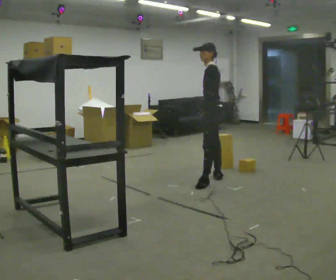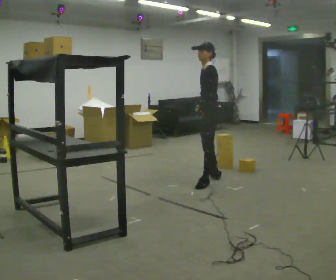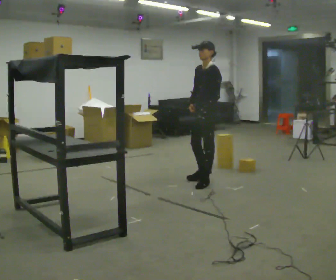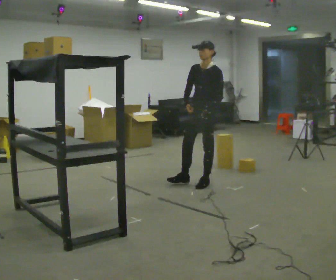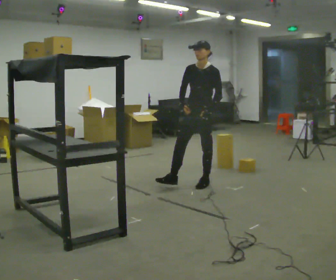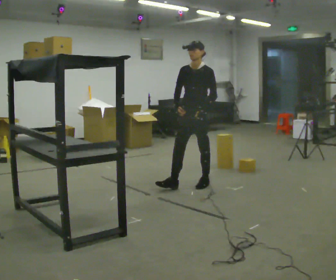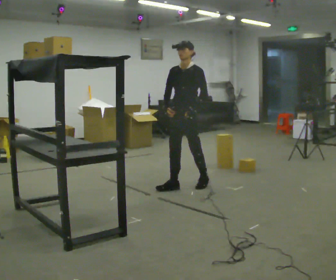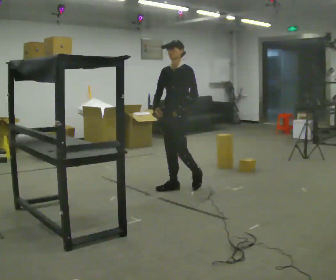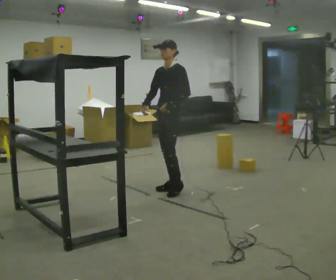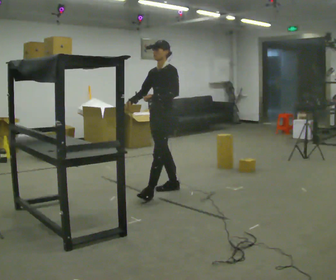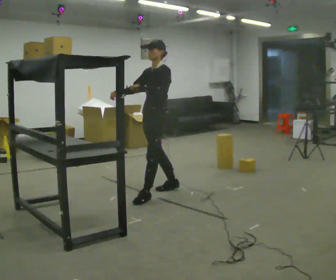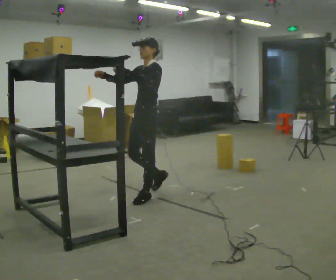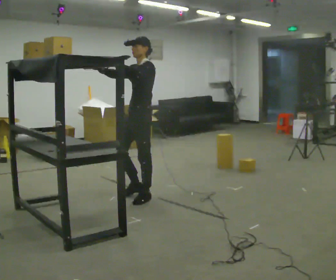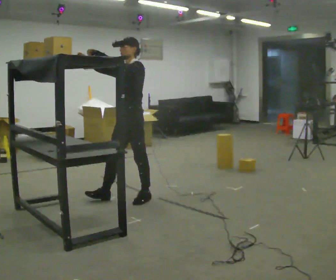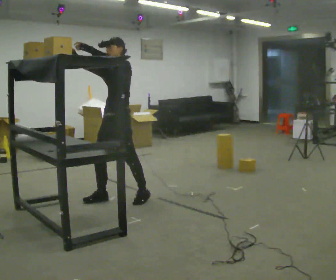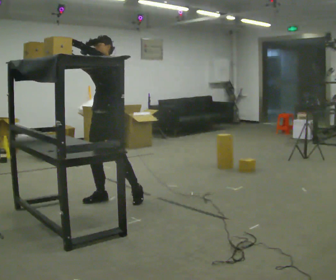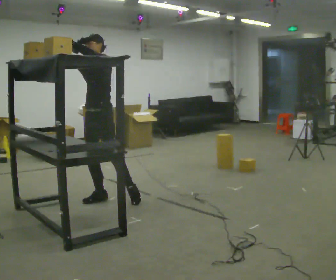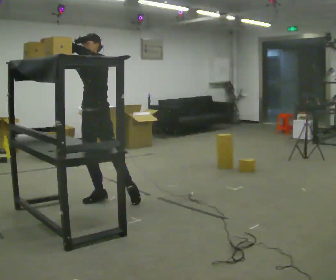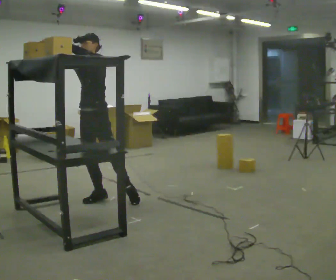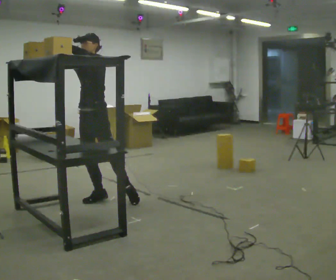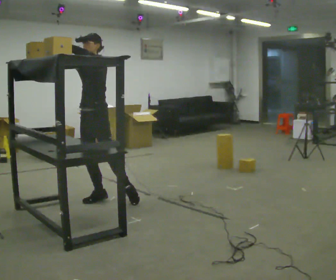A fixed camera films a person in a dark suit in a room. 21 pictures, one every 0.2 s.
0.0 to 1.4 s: Seen from above the body turns counterclockwise, about 60 degrees: to their left, with its near side sliding to the right. In the picture they go to the left and toward the camera, about 0.5 m in 1 step.
1.4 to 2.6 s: In the picture they go to the left and toward the camera, about 0.75 m in 1 step, which for them is forward. In the picture their left hand goes upward.
2.6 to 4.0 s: In the picture they go to the left, about 0.25 m in 2 steps, which for them is forward and to their right.
The film runs forward here.
